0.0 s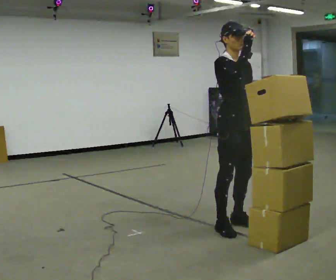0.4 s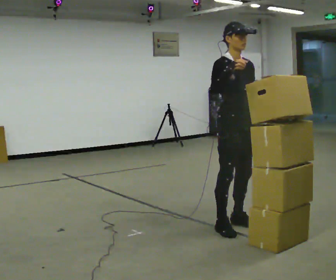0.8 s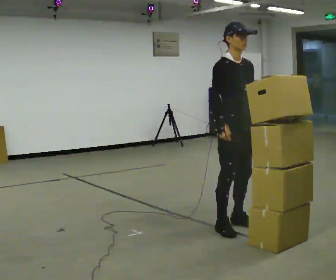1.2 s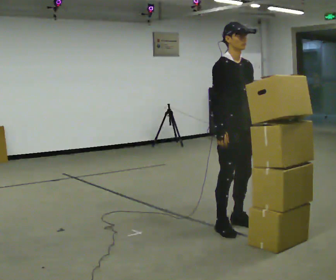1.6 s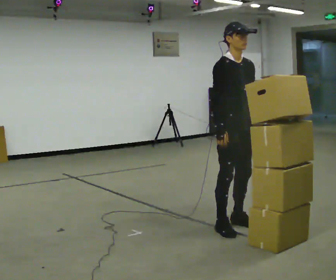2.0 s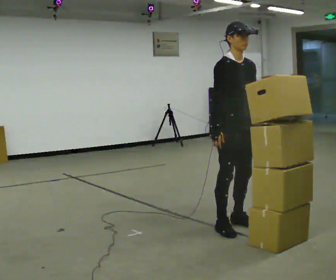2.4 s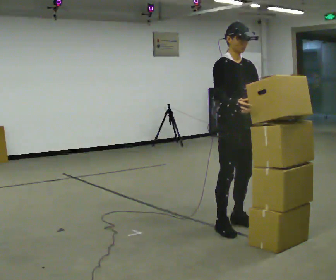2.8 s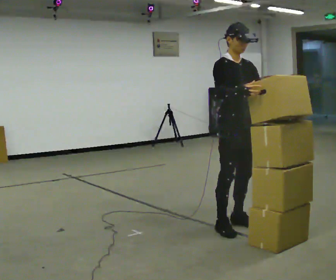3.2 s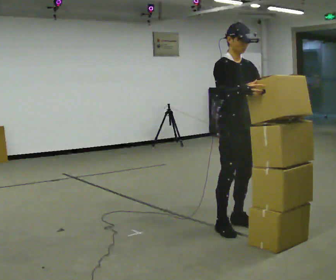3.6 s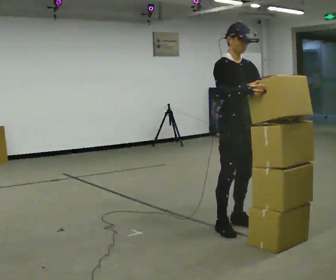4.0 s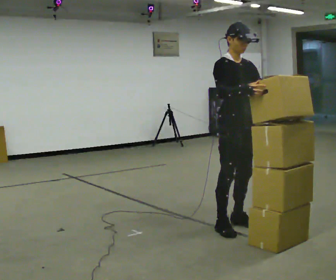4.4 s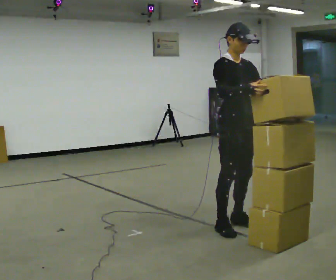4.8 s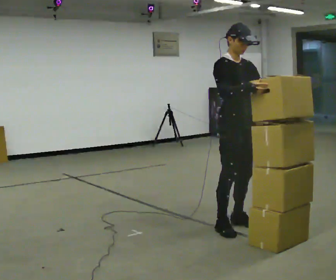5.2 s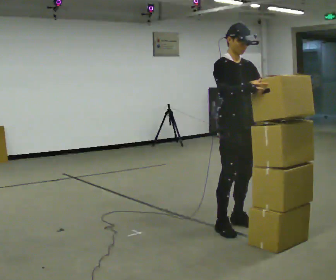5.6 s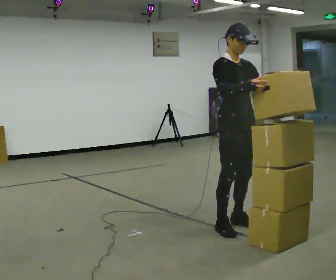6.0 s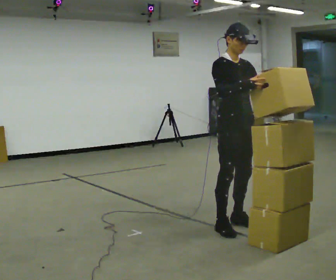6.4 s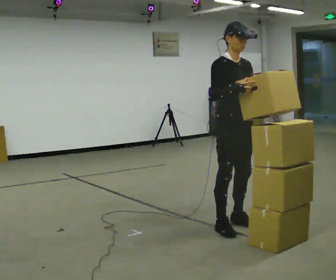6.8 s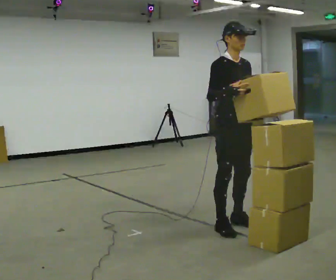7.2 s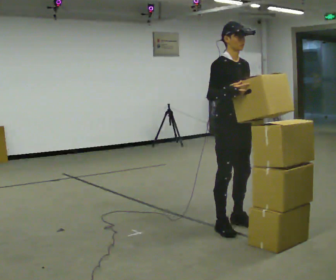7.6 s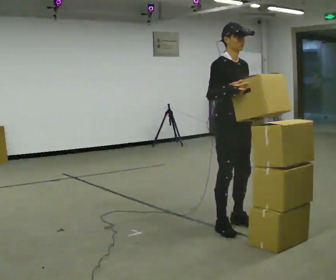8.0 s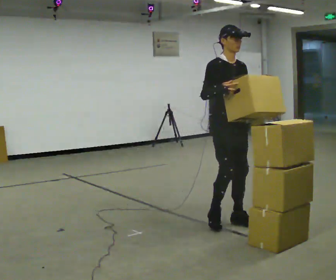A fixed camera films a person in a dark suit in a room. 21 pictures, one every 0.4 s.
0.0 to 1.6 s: In the picture their right hand goes downward.
1.6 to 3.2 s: The person moves a little, or ends about where they began.
3.2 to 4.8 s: The person keeps their place and pose.
4.8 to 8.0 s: In the picture they go away from the camera, about 0.25 m in 1 step, which for them is backward.
The film runs backward here.
